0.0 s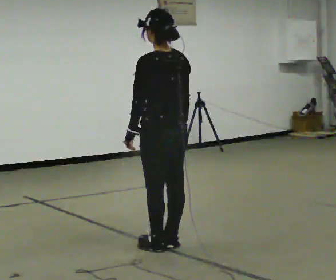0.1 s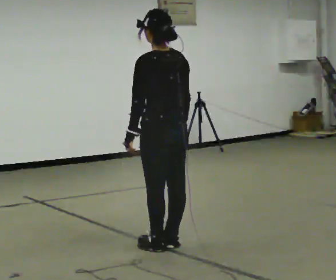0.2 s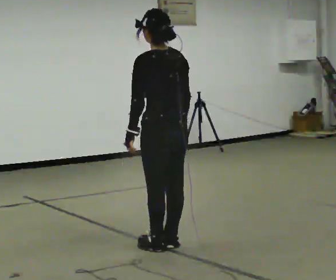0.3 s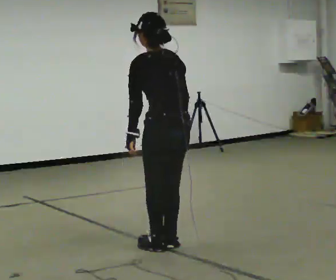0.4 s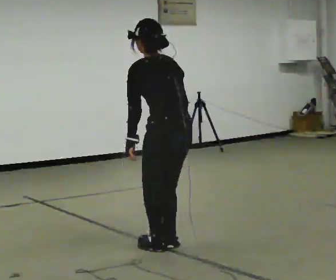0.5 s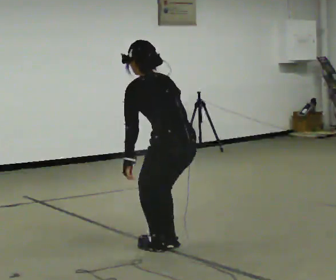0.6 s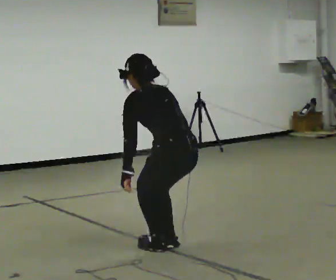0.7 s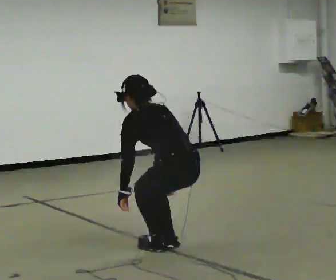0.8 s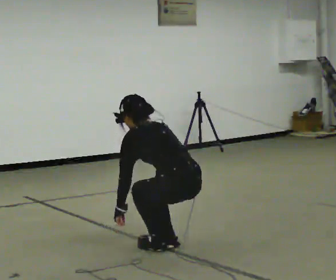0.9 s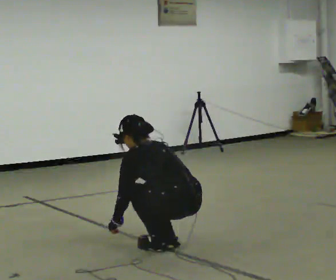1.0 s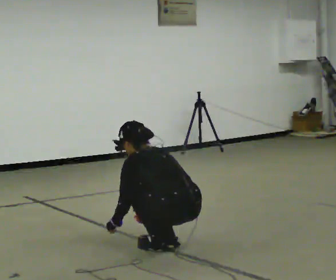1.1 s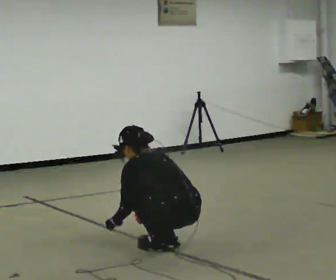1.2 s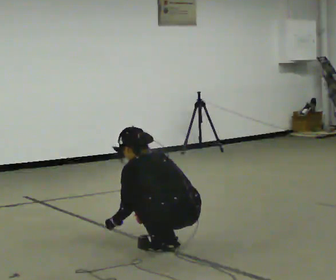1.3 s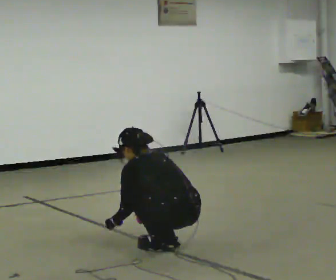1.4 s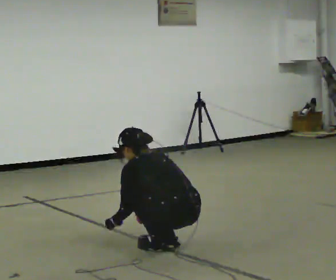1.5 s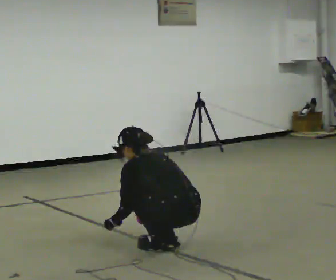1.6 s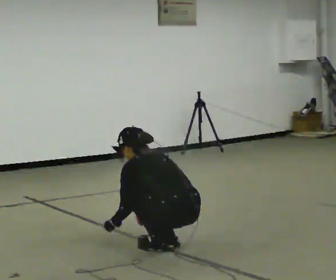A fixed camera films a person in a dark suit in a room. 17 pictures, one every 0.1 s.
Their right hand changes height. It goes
downward.
Their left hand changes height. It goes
downward.
0.0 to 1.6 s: In the picture they go toward the camera, about 0.25 m, which for them is backward. The upper body goes downward. The upper body tips away from the camera, its near side rolling upward, as they bend forward. In the picture their right hand goes downward.
The film runs backward here.
